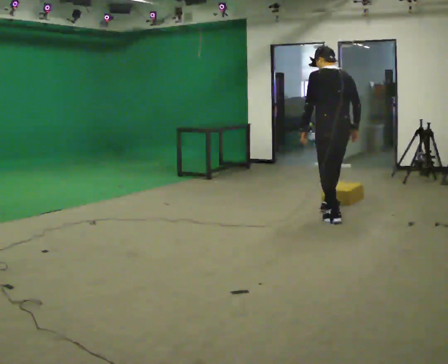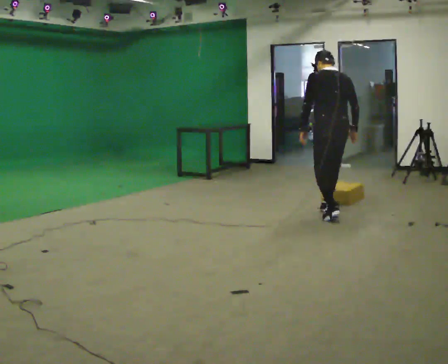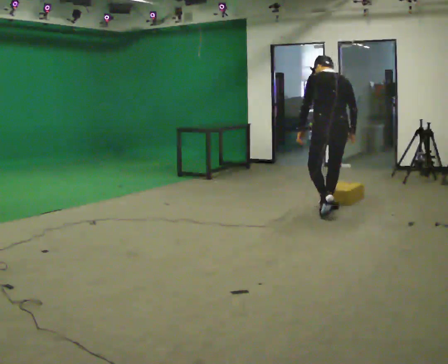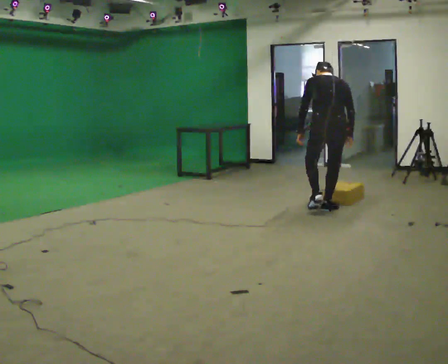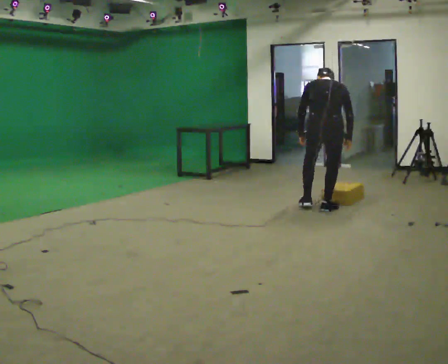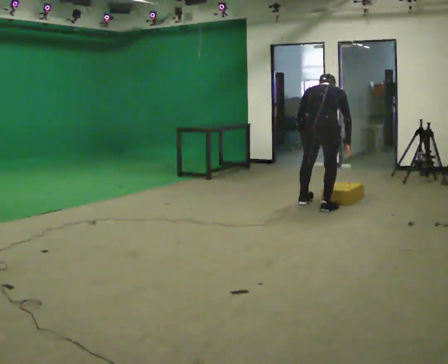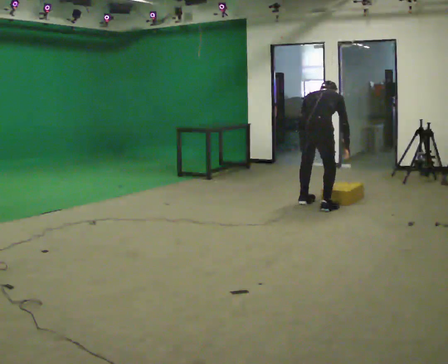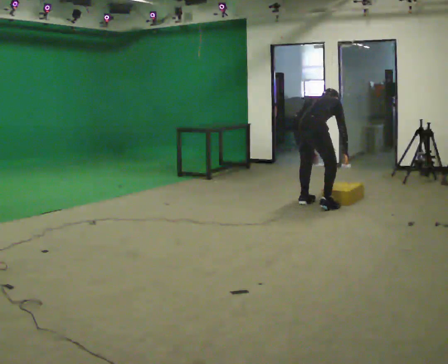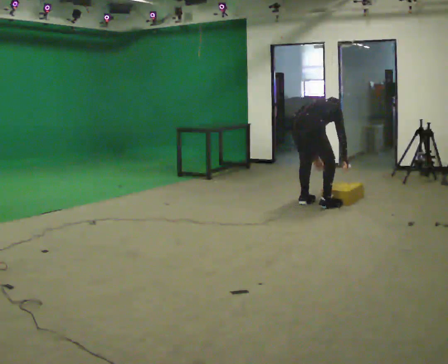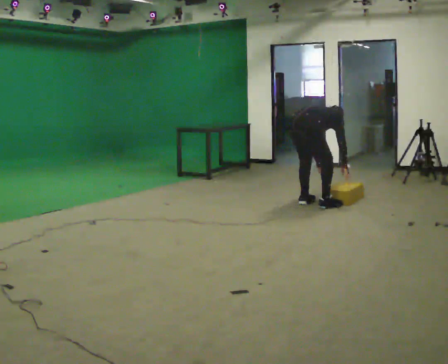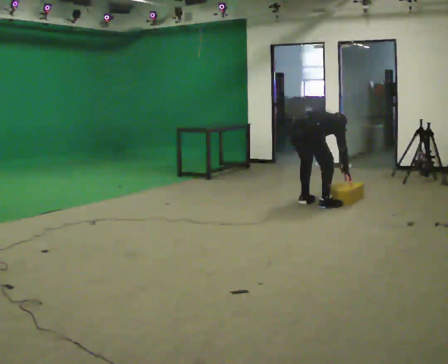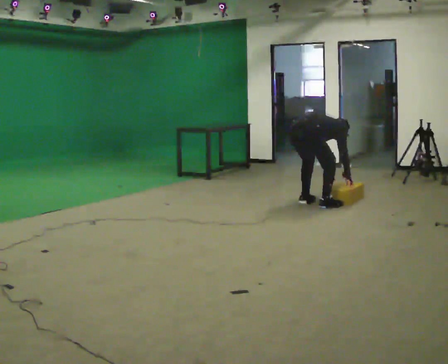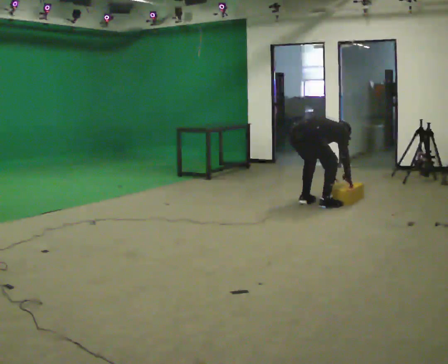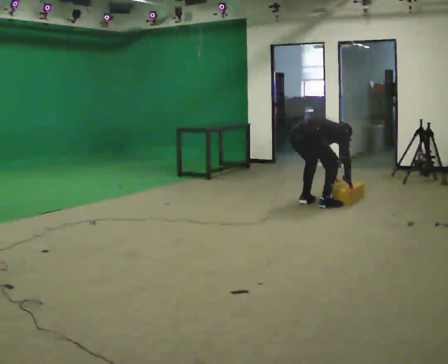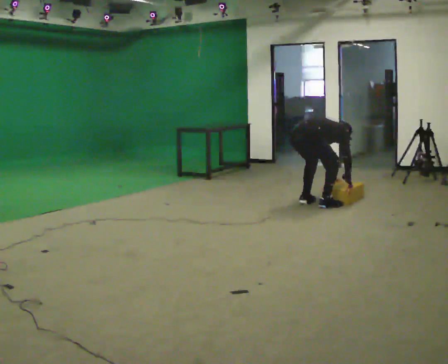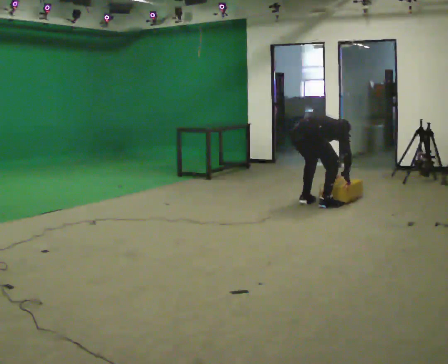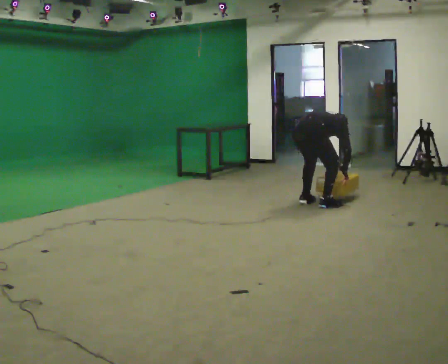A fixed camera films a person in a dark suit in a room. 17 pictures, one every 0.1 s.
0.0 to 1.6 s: Seen from above the body turns clockwise, about 60 degrees: to their right, with its near side sliding to the left. In the picture they go away from the camera and to the left, about 0.5 m in 1 step. The upper body goes downward. The upper body tips away from the camera, its near side rolling upward, as they bend forward. In the picture their left hand goes downward.
The film runs forward here.
